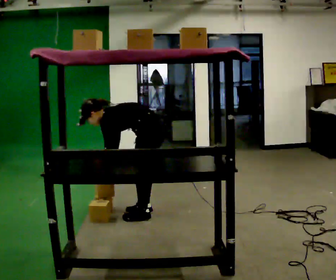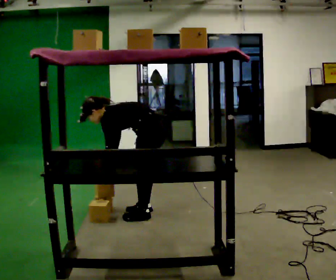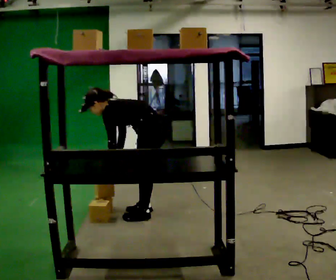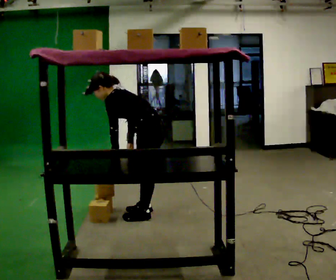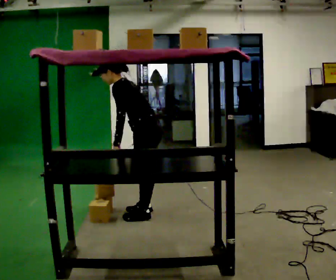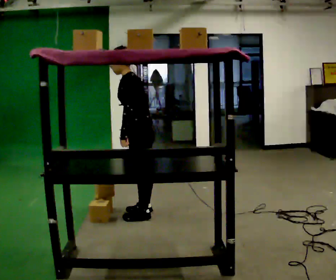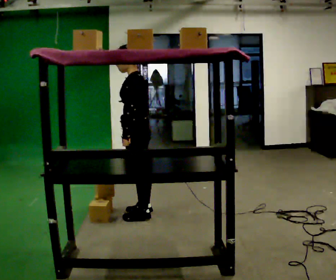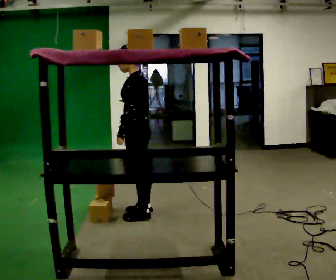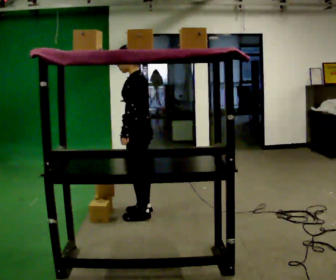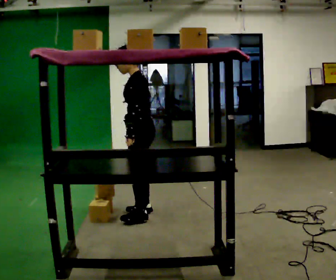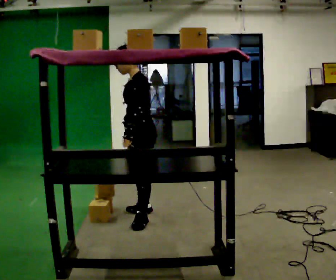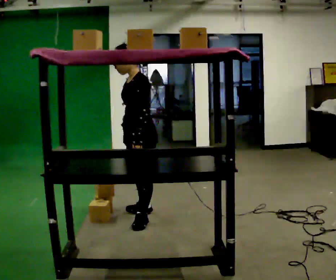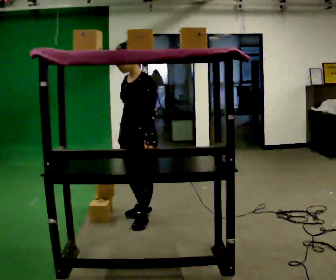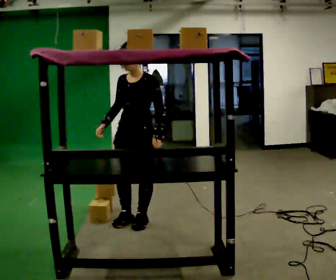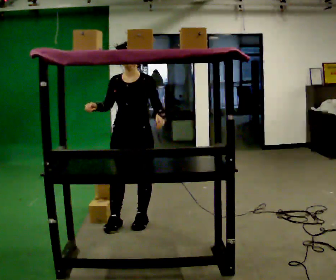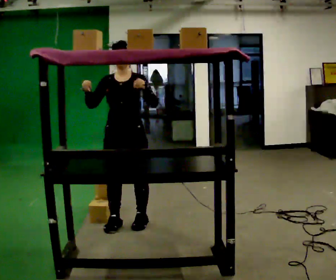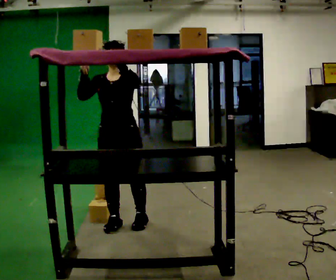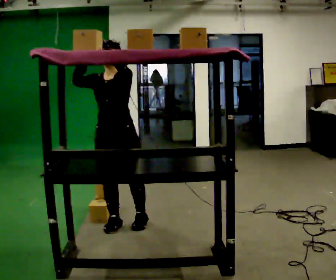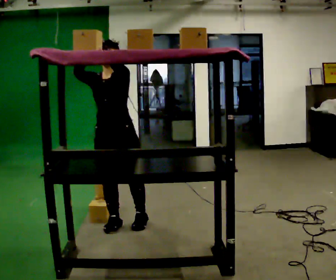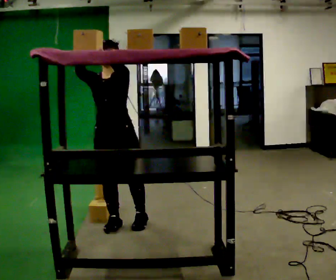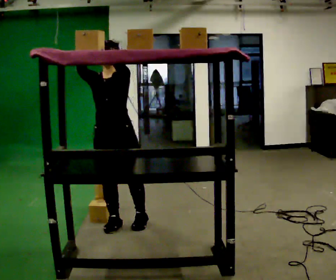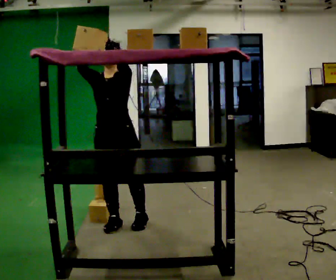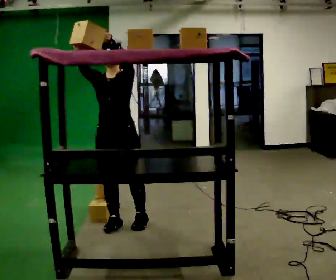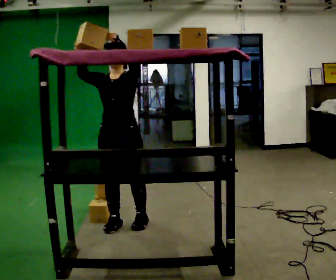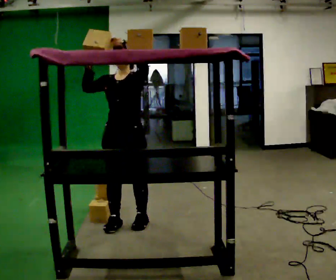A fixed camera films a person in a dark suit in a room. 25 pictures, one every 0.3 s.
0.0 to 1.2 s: The shoulders move upward. In the picture the upper body tilts clockwise, shoulders to the right, as they lean back or straighten. In the picture their left hand goes upward.
1.2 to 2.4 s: In the picture the upper body tilts clockwise, shoulders to the right, as they lean back or straighten.
2.4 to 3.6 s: Seen from above the body turns counterclockwise, about 45 degrees: to their left, with its near side sliding to the right. In the picture they go toward the camera, about 0.25 m in 1 step, which for them is to their left.
3.6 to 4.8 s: Seen from above the body turns counterclockwise, about 45 degrees: to their left, with its near side sliding to the right. In the picture they go to the left, about 0.25 m, which for them is to their right and forward. In the picture their right hand goes upward.
4.8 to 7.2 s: The person moves a little, or ends about where they began.
The film runs backward here.
